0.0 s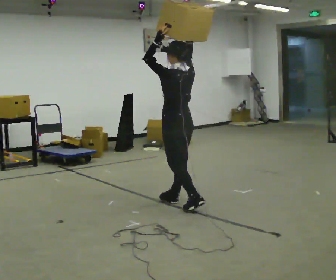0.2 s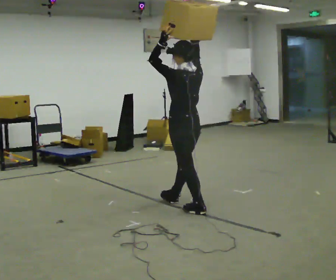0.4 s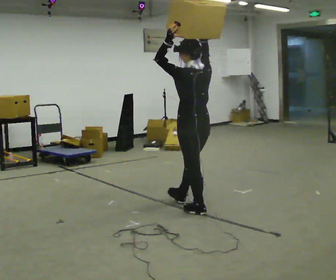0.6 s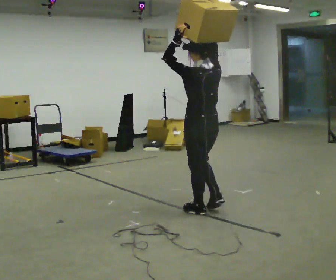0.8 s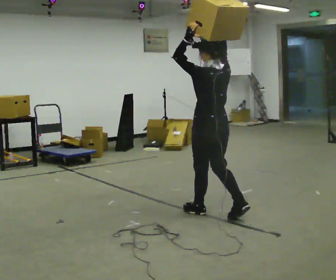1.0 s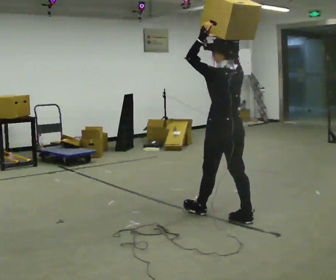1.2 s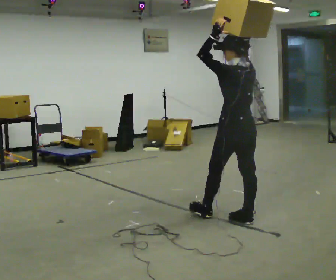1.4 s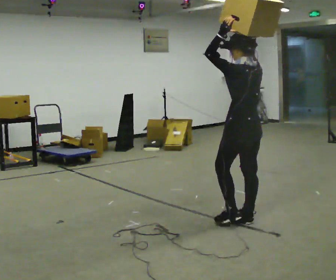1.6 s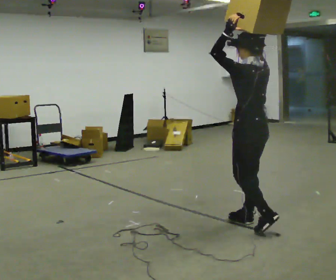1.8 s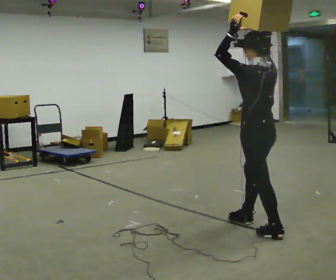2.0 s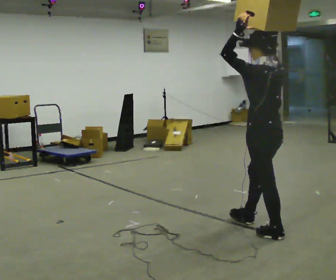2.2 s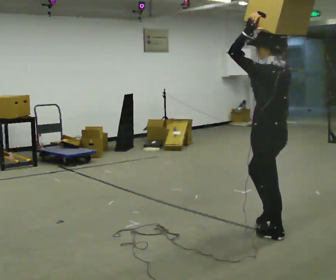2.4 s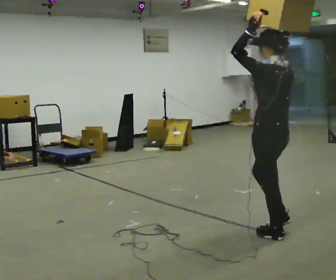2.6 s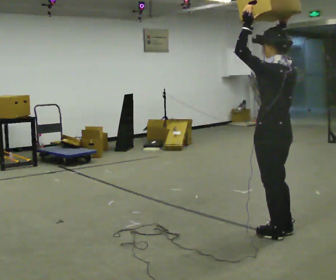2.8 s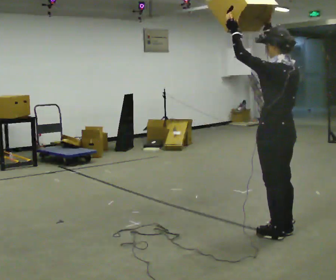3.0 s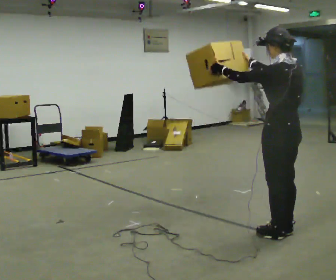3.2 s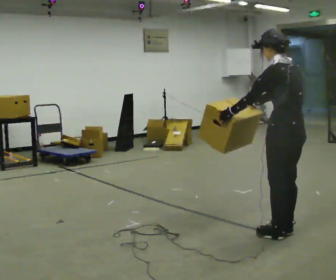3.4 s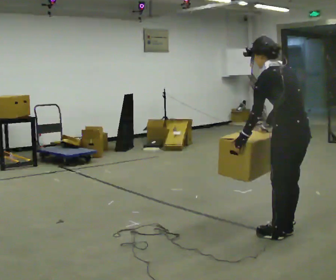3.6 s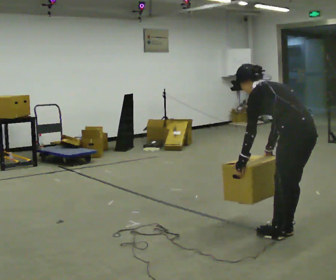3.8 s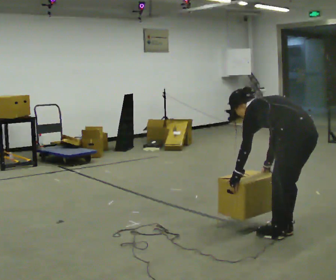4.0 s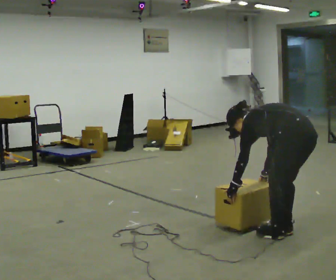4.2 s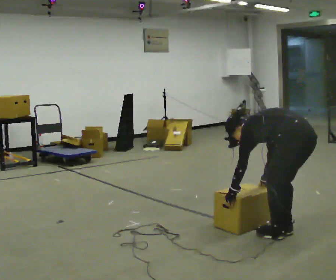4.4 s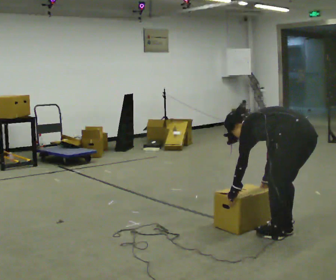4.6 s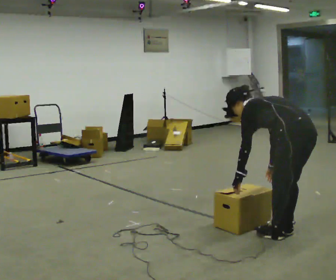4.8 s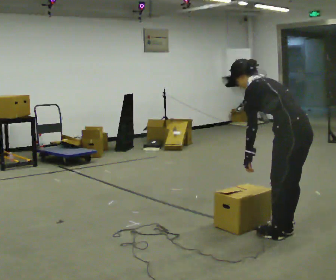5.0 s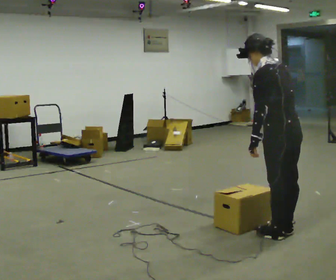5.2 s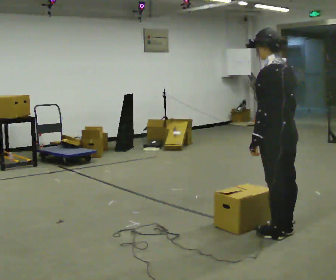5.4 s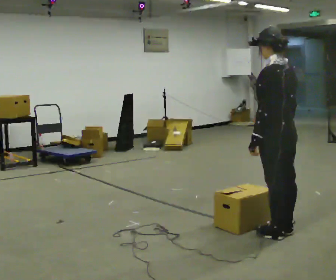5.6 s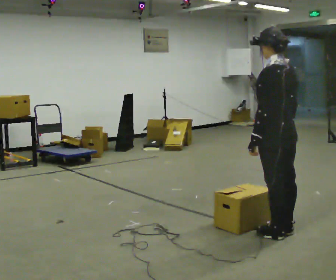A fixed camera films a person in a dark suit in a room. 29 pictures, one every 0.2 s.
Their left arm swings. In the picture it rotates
counterclockwise.
0.0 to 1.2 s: In the picture they go to the right and toward the camera, about 1 m in 2 steps, which for them is backward.
1.2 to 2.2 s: In the picture they go toward the camera and to the right, about 0.5 m in 1 step, which for them is backward and to their left.
2.2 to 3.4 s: In the picture they go to the right, about 0.25 m, which for them is backward. In the picture the upper body tilts counterclockwise, shoulders to the left, as they bend forward. In the picture their right hand goes downward.
3.4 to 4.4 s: The shoulders move downward. In the picture the upper body tilts counterclockwise, shoulders to the left, as they bend forward. In the picture their right hand goes downward.
4.4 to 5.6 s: The shoulders move upward. In the picture the upper body tilts clockwise, shoulders to the right, as they lean back or straighten. In the picture their right hand goes upward.
The film runs backward here.
